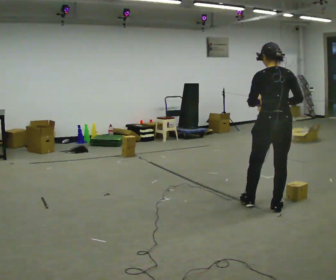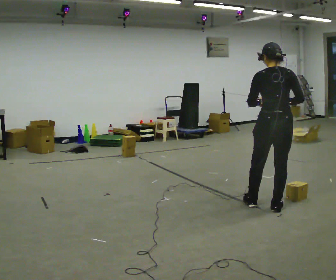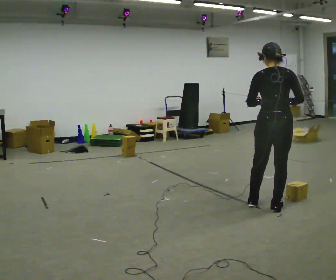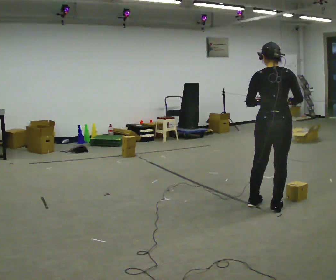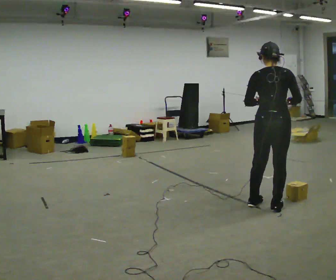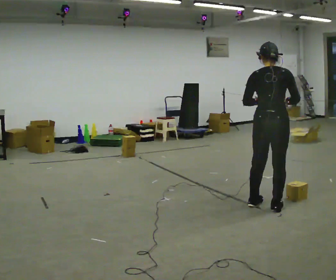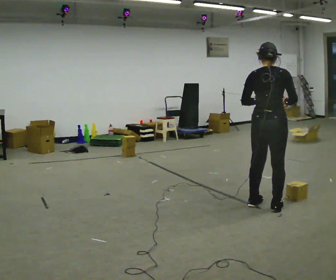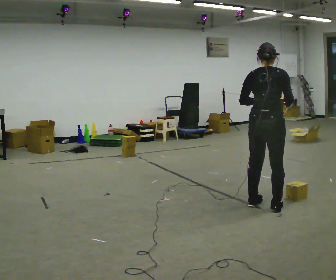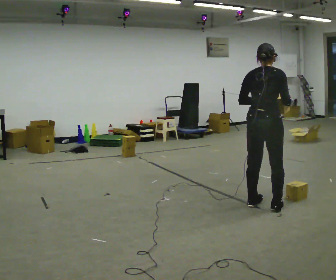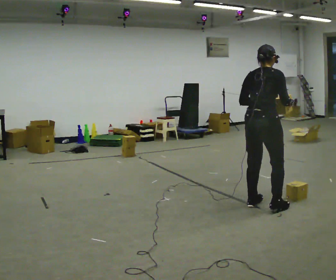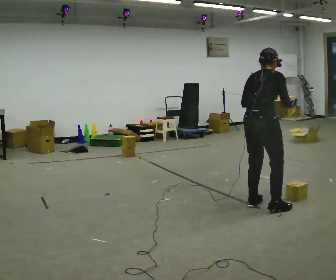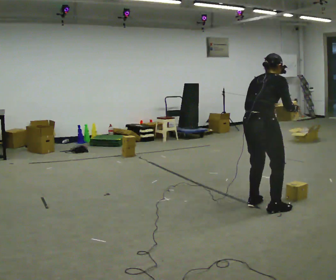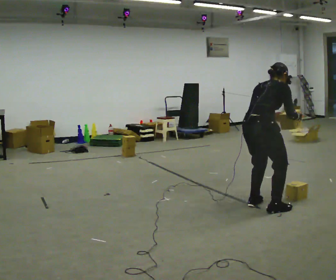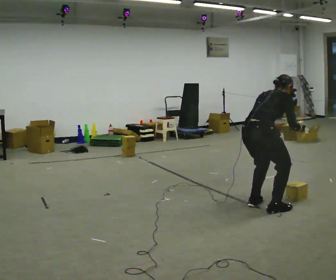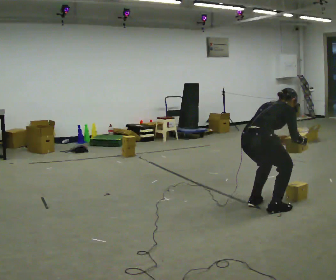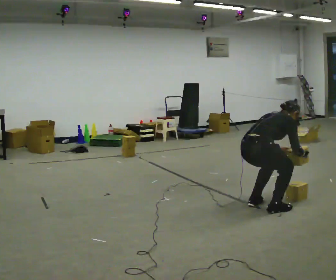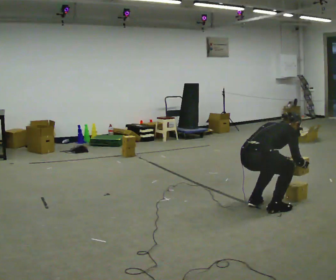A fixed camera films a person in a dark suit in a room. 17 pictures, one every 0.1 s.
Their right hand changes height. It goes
downward.
The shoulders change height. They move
downward.
0.0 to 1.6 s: The part of the body nearest the lens slides to the left as the person turns to their right by about 60 degrees. In the picture they go to the left, about 0.25 m, which for them is backward and to their left. The shoulders move downward. In the picture the upper body tilts clockwise, shoulders to the right, as they bend forward. In the picture their right hand goes downward.
The film runs backward here.
